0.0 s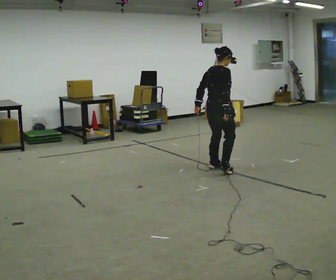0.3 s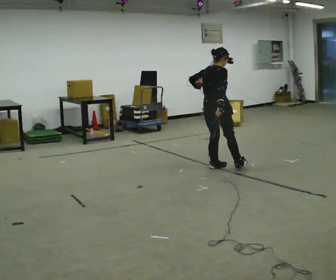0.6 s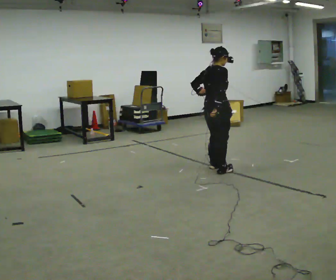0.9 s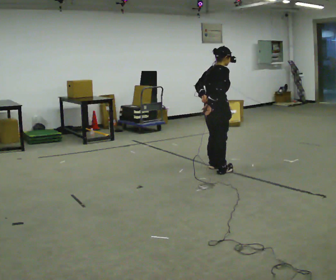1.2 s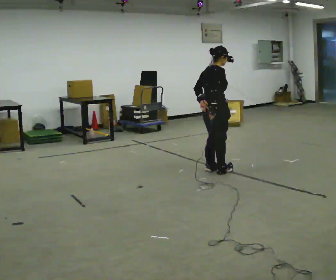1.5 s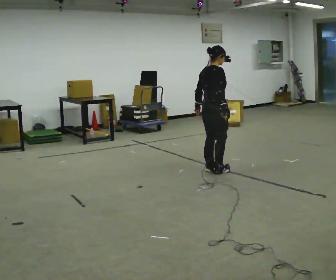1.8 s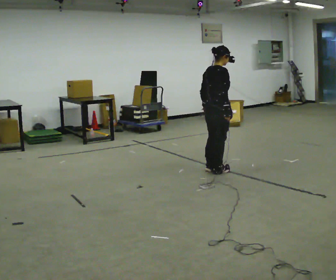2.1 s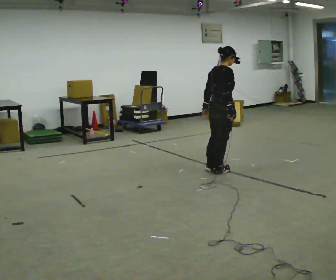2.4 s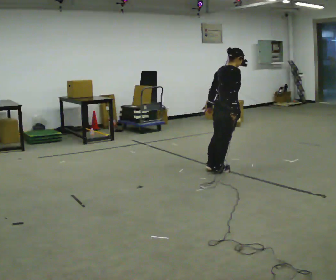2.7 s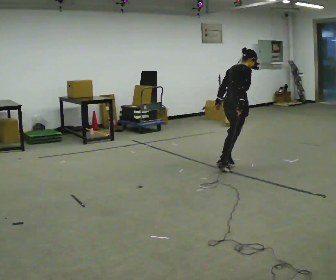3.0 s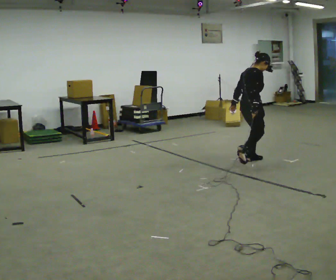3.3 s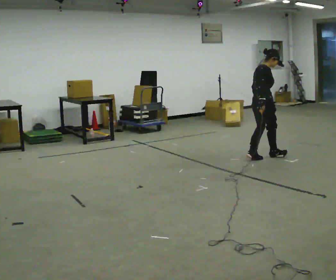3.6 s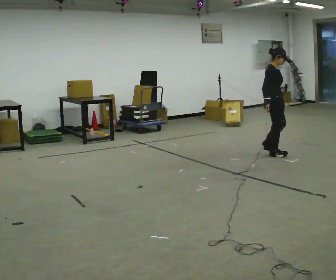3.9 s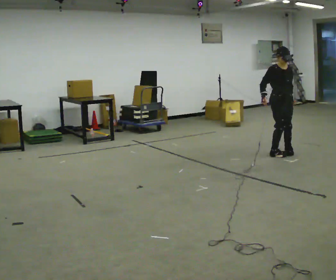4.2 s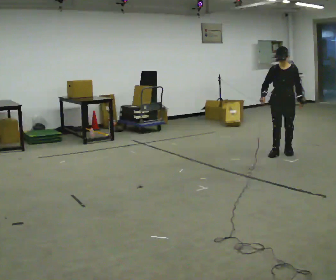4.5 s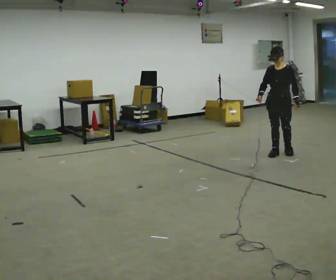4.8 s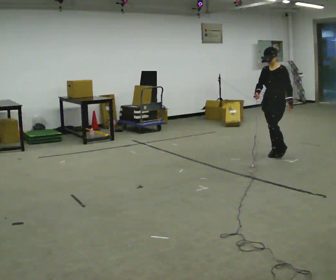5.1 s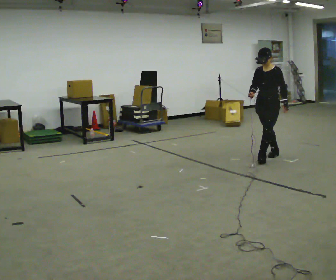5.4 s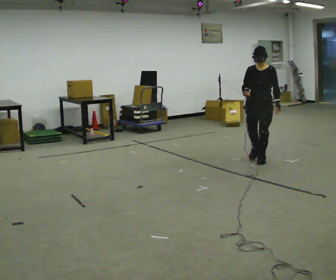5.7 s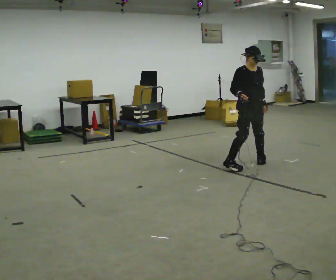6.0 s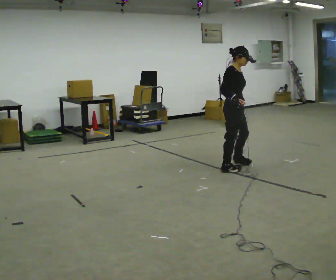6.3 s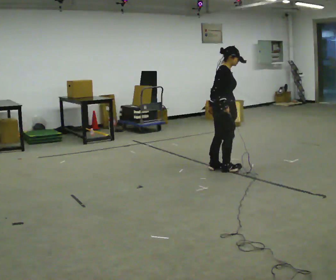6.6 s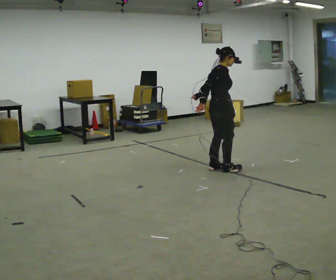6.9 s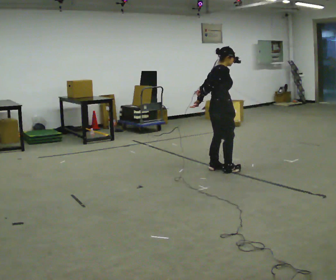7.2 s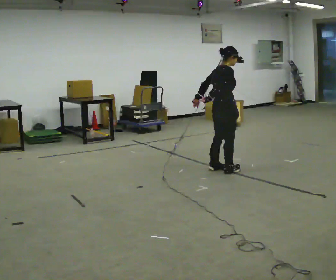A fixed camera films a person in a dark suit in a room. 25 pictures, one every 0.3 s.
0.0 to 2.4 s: The person moves a little, or ends about where they began.
2.4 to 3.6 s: The person turns about 60 degrees to their right, clockwise seen from above, so the part of the body nearest the lens slides to the left. In the picture they go away from the camera and to the right, about 1 m in 2 steps, which for them is forward.
3.6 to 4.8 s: The part of the body nearest the lens slides to the left as the person turns to their right by about 120 degrees.
4.8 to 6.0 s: The part of the body nearest the lens slides to the right as the person turns to their left by about 120 degrees. In the picture they go toward the camera and to the left, about 1 m in 2 steps.
6.0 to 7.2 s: Seen from above the body turns counterclockwise, about 45 degrees: to their left, with its near side sliding to the right. In the picture their left hand goes to the left.
The film runs forward here.
